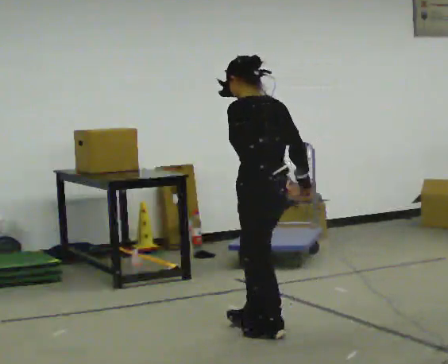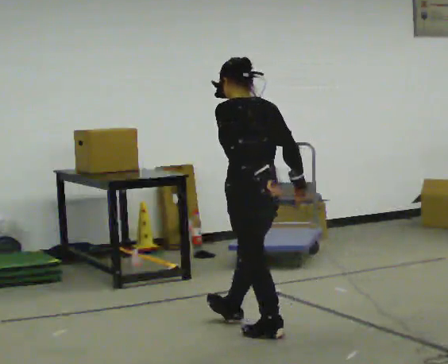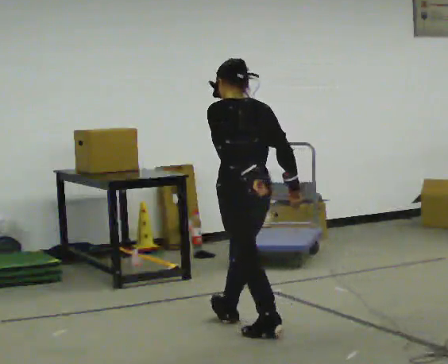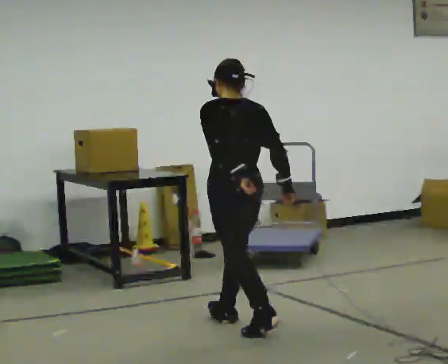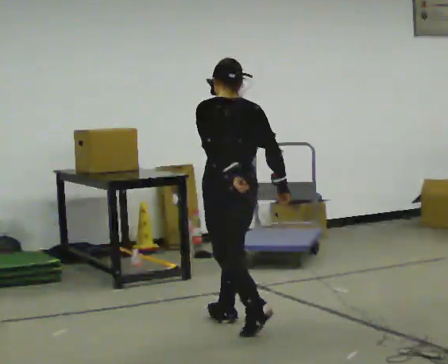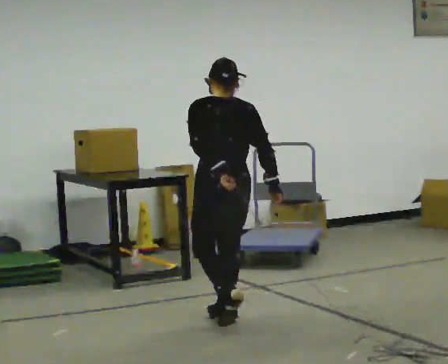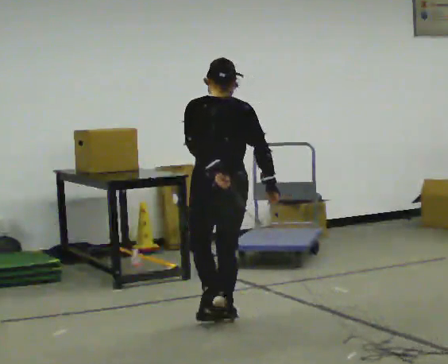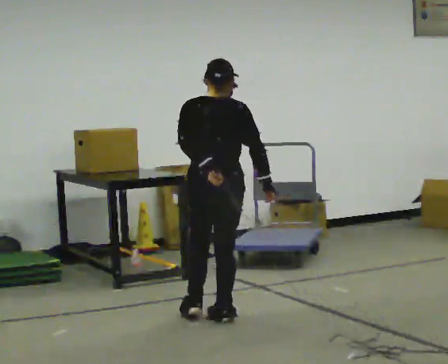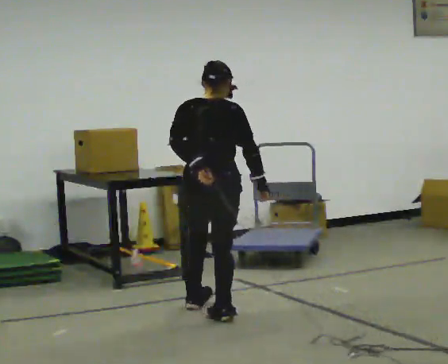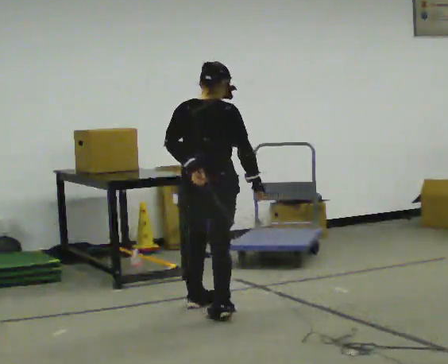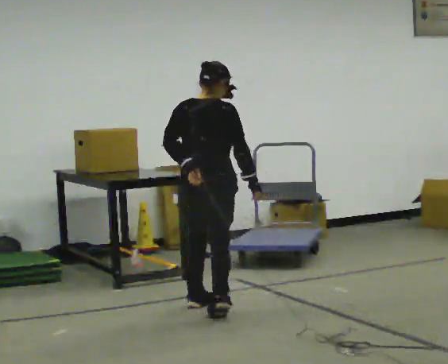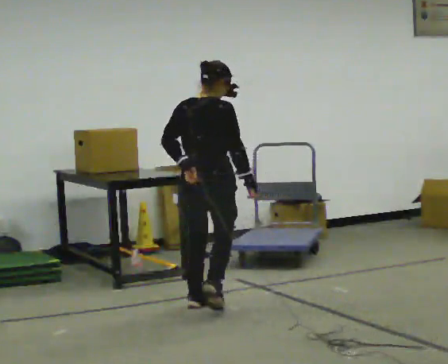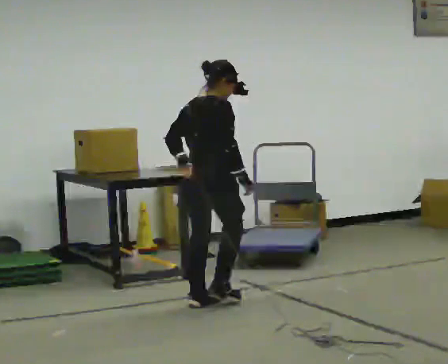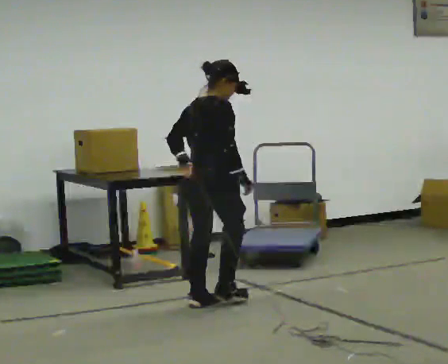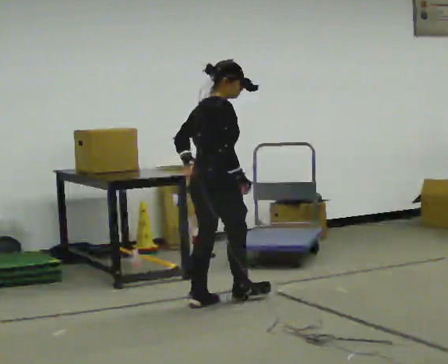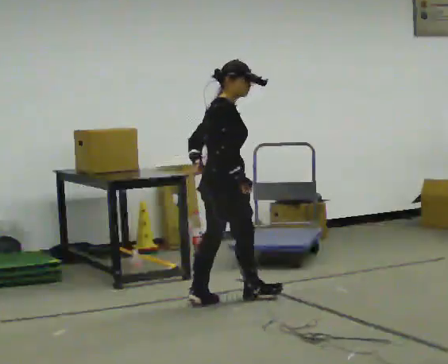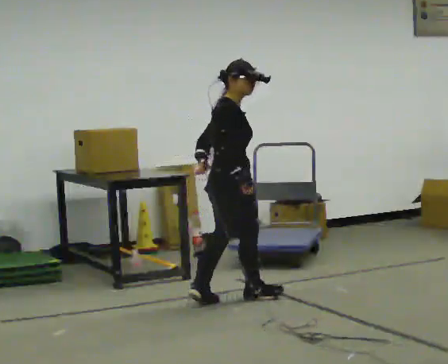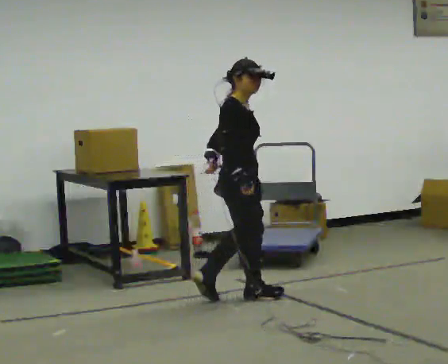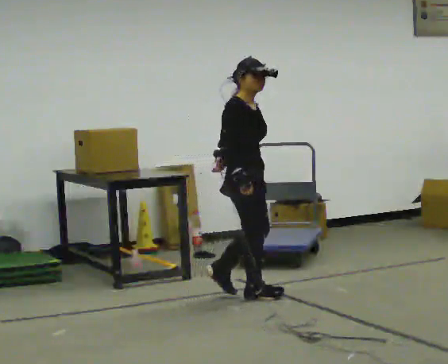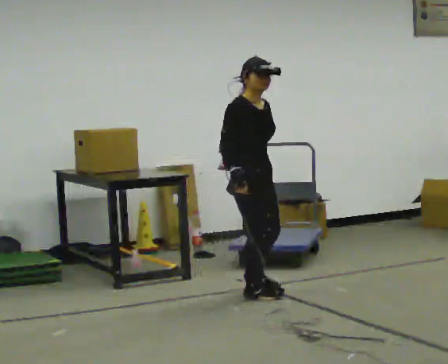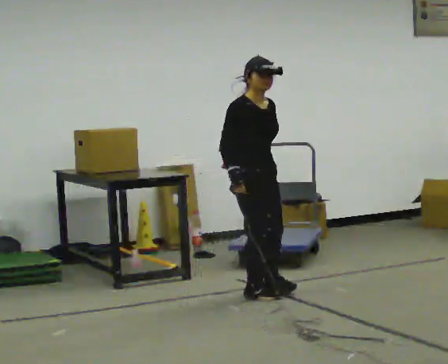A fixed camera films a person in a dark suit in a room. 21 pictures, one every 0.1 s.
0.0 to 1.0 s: The part of the body nearest the lens slides to the left as the person turns to their right by about 60 degrees. In the picture they go away from the camera and to the left, about 0.5 m in 2 steps.
1.0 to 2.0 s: The person turns about 105 degrees to their right, clockwise seen from above, so the part of the body nearest the lens slides to the left. In the picture they go away from the camera and to the right, about 0.5 m in 1 step.
The film runs forward here.
